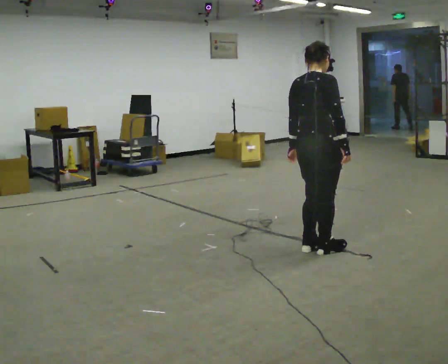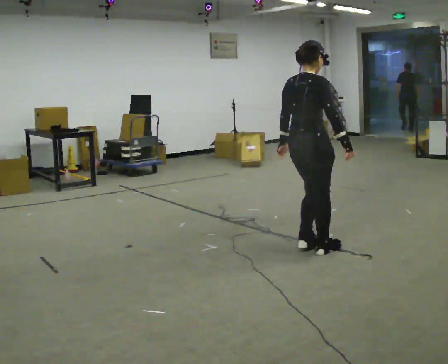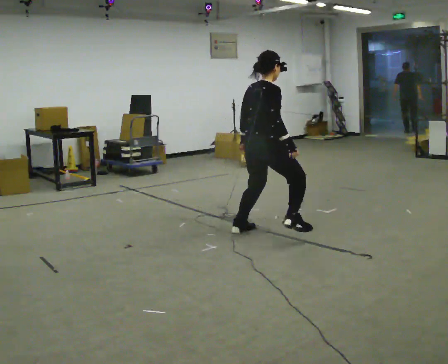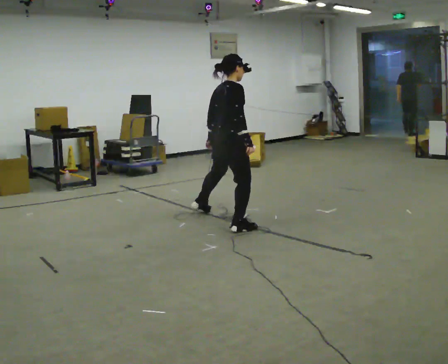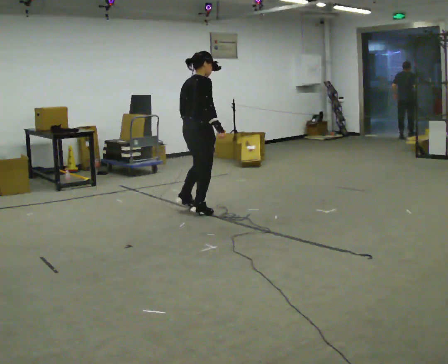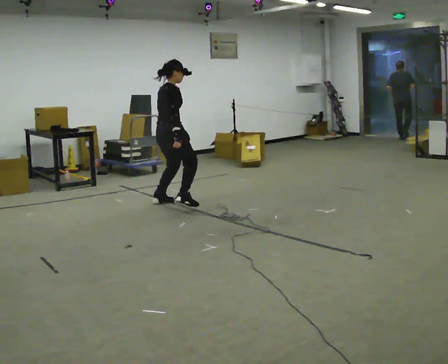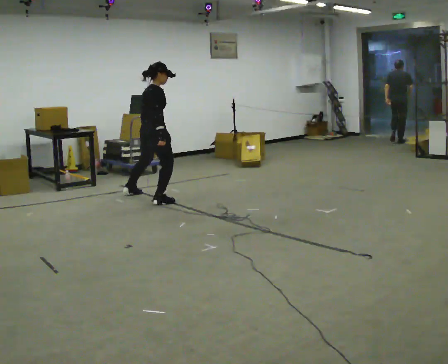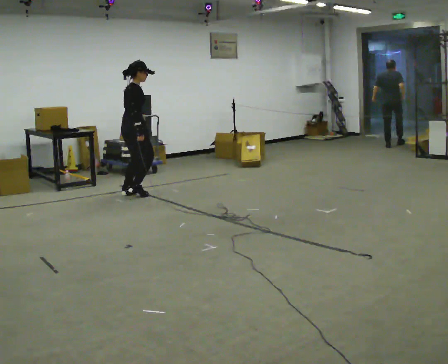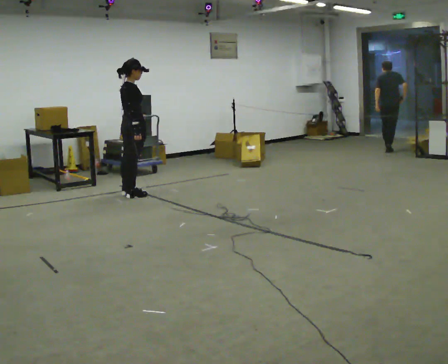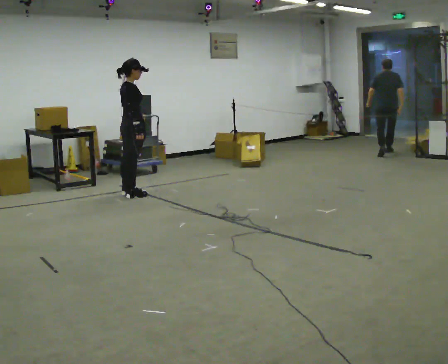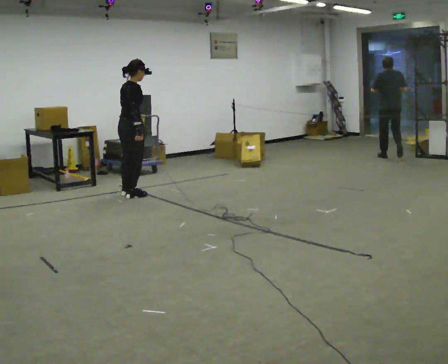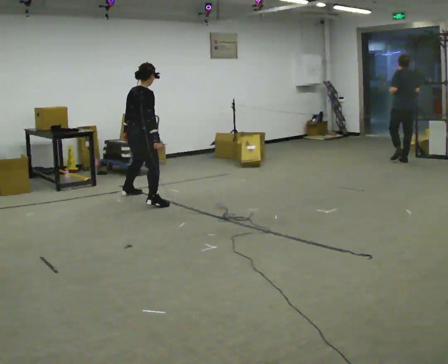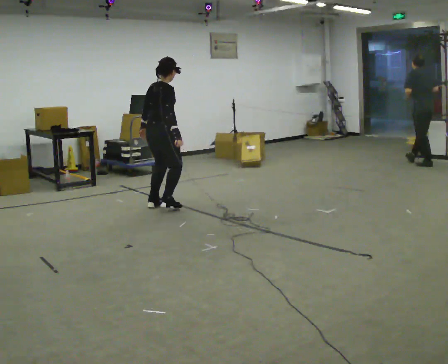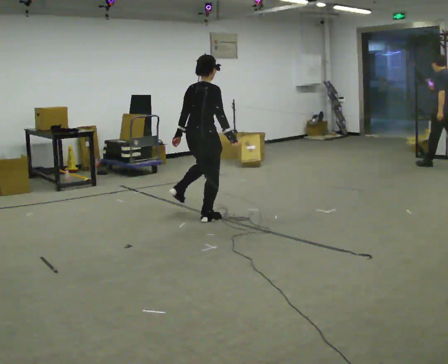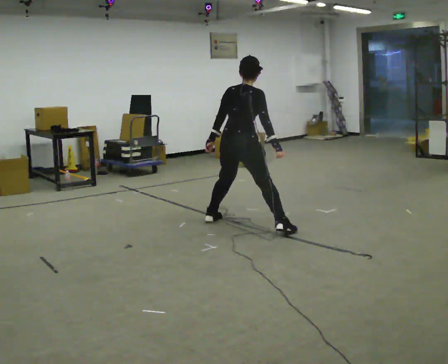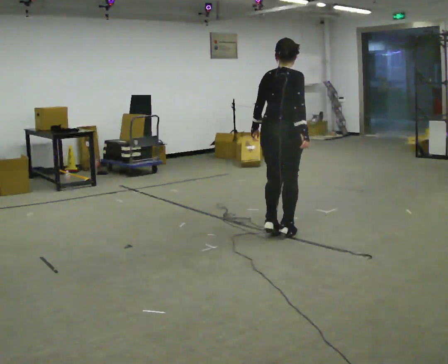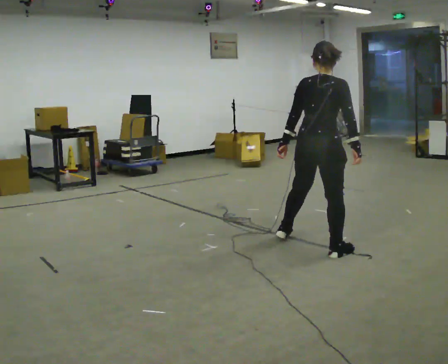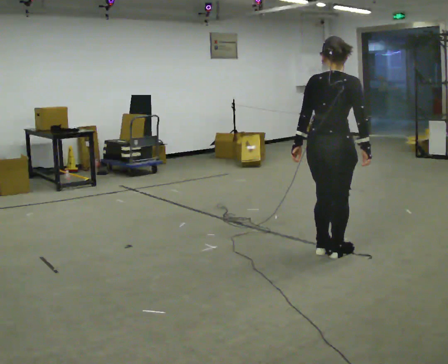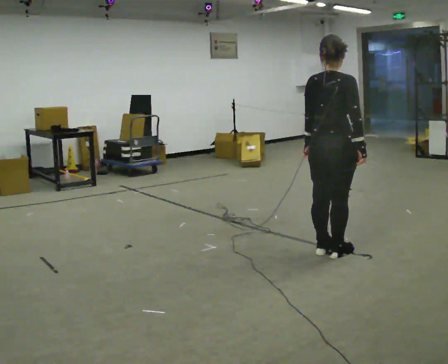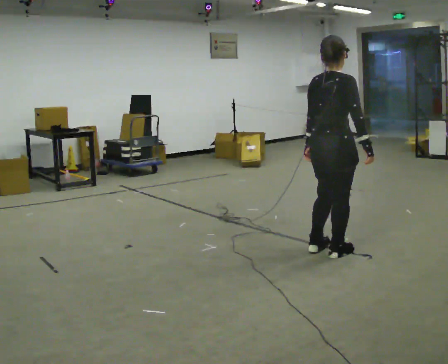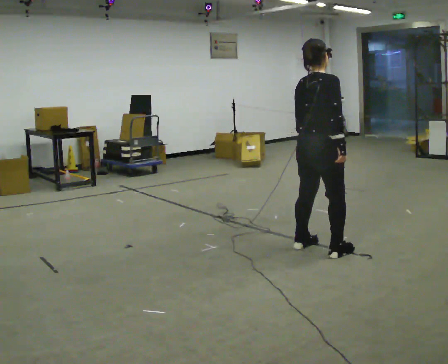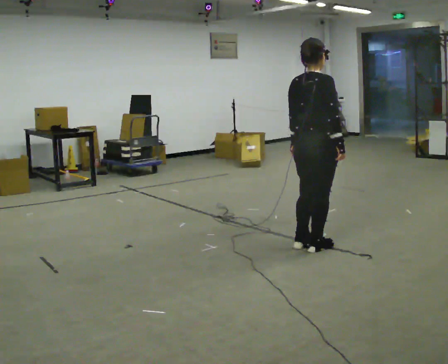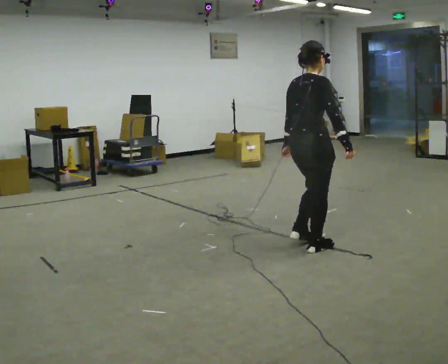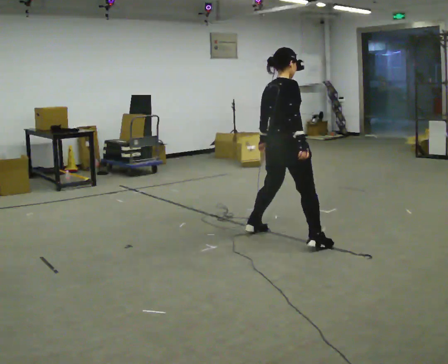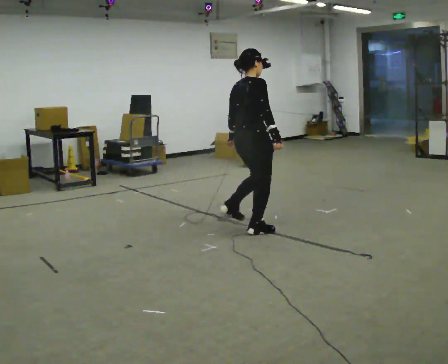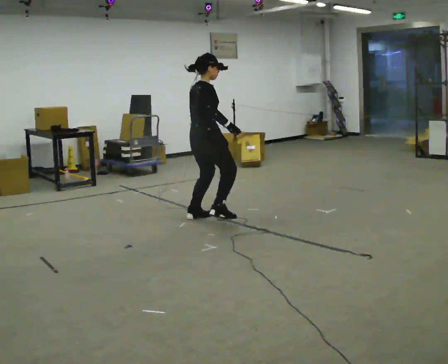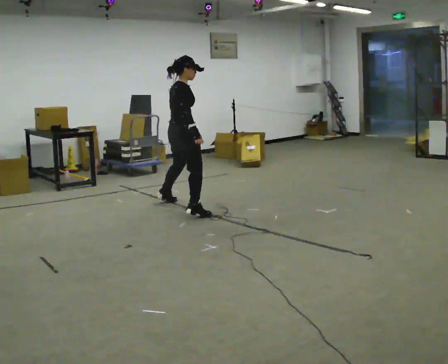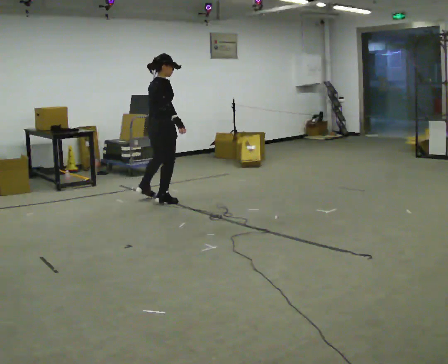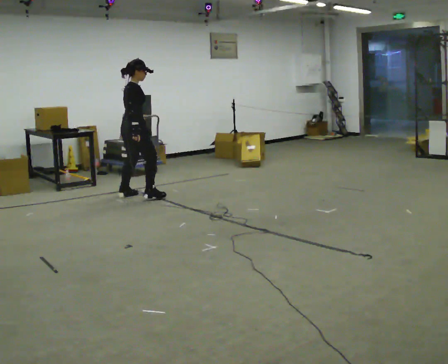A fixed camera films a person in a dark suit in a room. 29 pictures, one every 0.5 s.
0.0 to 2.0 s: In the picture they go away from the camera and to the left, about 1.5 m in 5 steps, which for them is to their left.
2.0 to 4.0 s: In the picture they go to the left and away from the camera, about 1 m in 3 steps, which for them is to their left.
4.0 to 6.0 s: In the picture they go toward the camera and to the right, about 0.75 m in 3 steps, which for them is to their right.
6.0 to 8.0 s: In the picture they go toward the camera and to the right, about 2 m in 5 steps, which for them is to their right.
8.0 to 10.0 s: The person moves a little, or ends about where they began.
10.0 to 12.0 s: In the picture they go away from the camera and to the left, about 1 m in 4 steps, which for them is to their left.
12.0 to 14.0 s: In the picture they go away from the camera and to the left, about 2 m in 5 steps, which for them is to their left.
The film runs backward here.
